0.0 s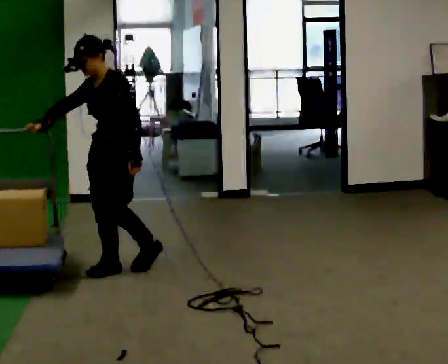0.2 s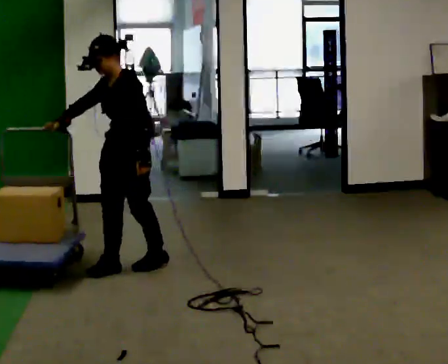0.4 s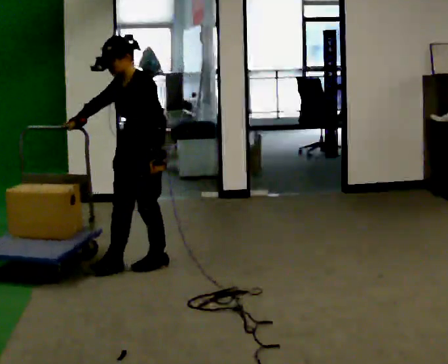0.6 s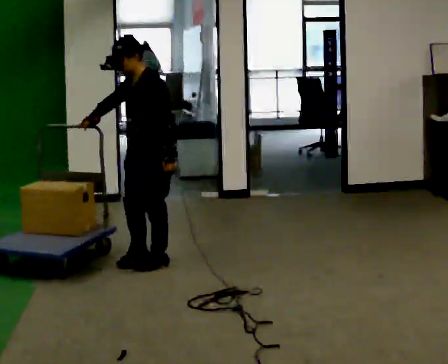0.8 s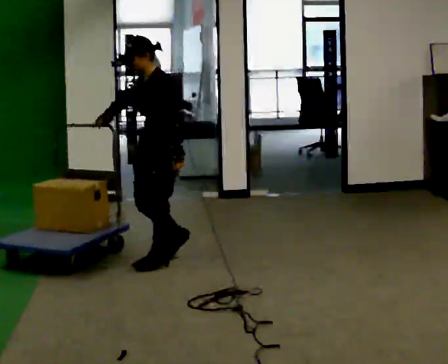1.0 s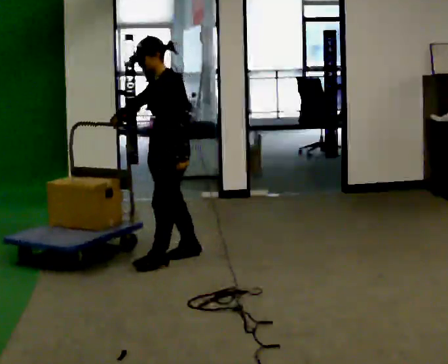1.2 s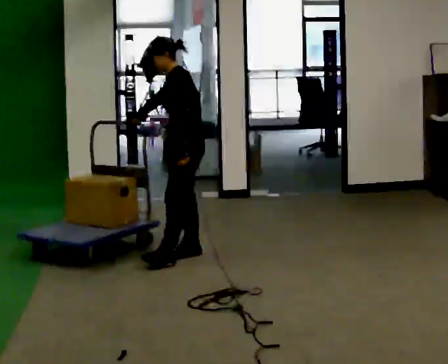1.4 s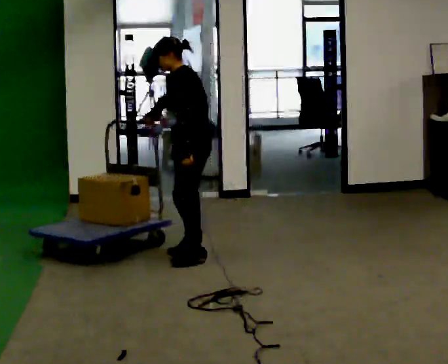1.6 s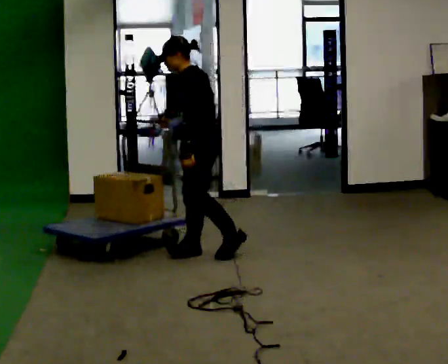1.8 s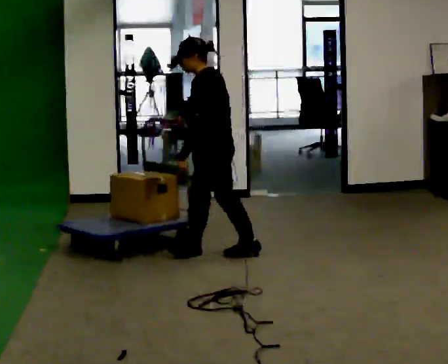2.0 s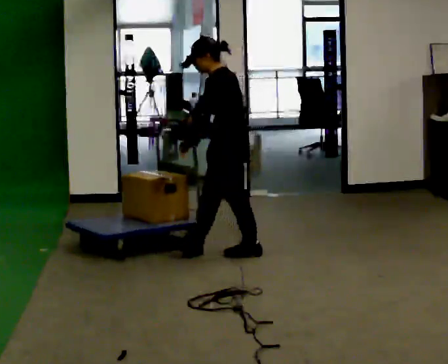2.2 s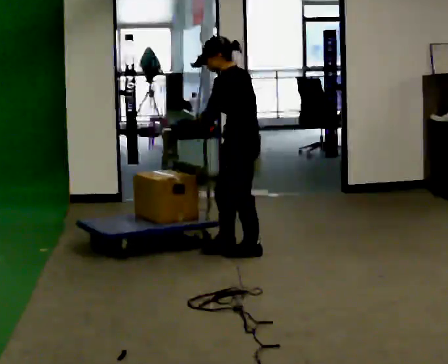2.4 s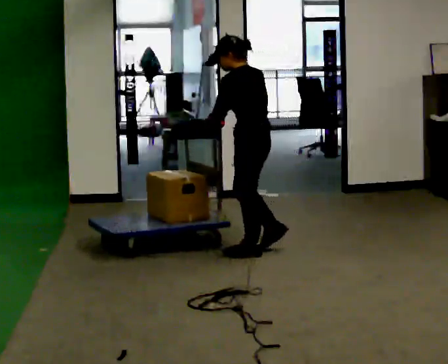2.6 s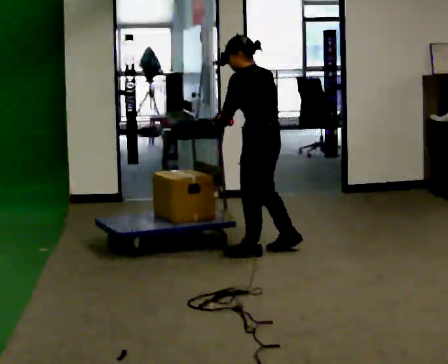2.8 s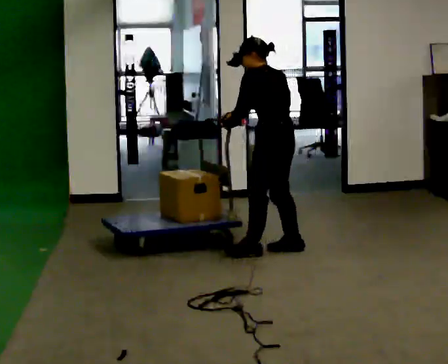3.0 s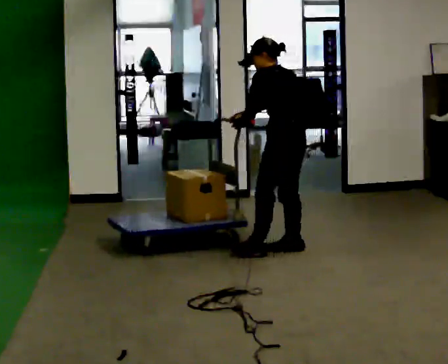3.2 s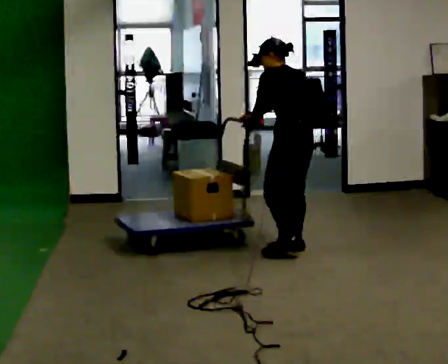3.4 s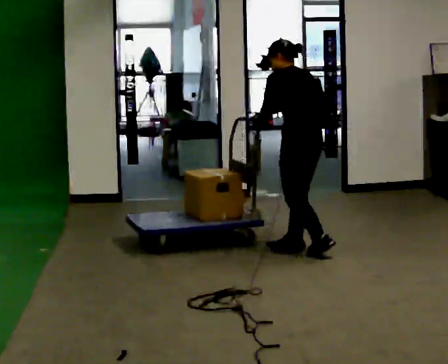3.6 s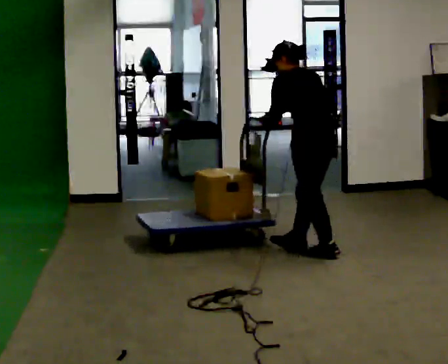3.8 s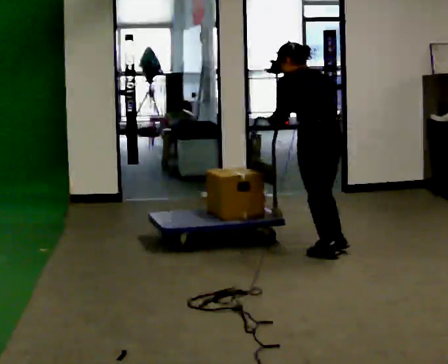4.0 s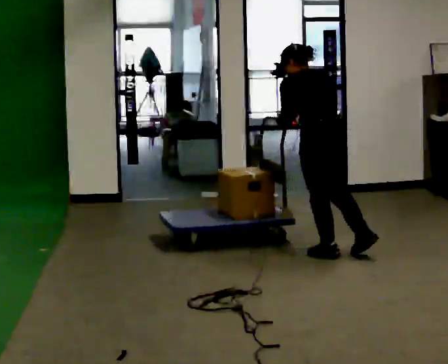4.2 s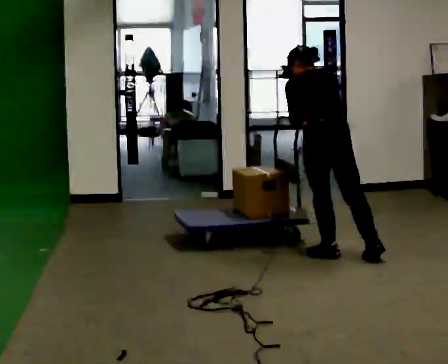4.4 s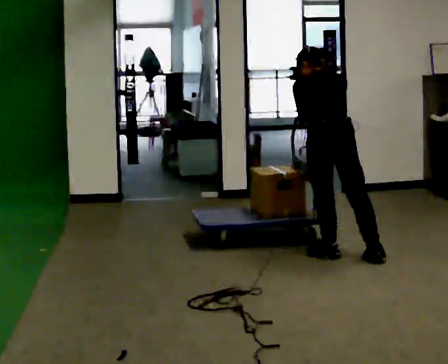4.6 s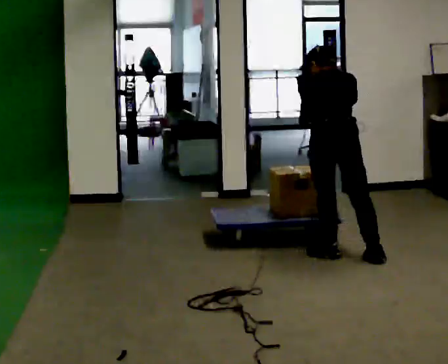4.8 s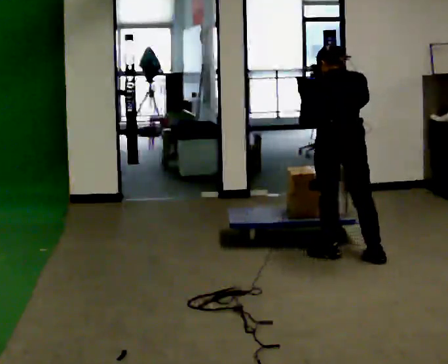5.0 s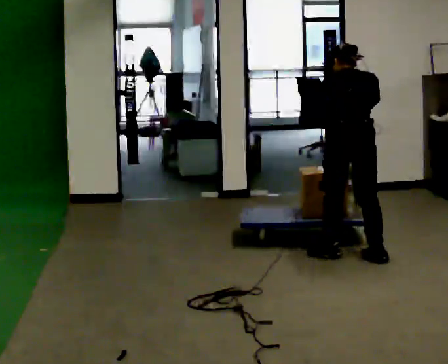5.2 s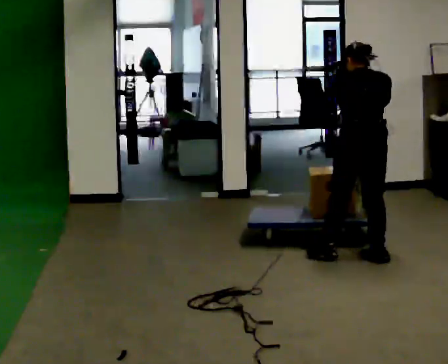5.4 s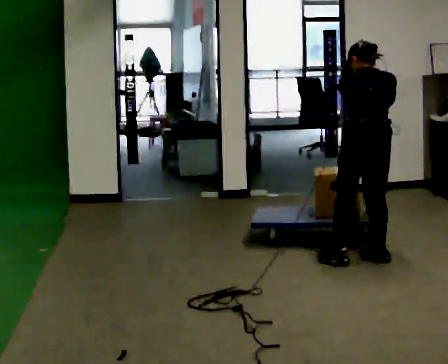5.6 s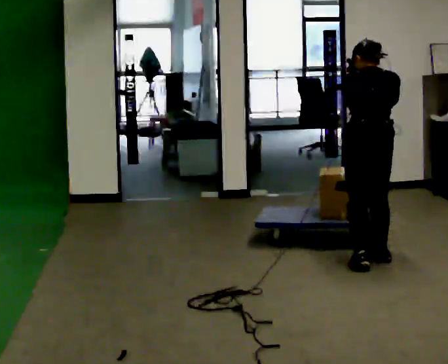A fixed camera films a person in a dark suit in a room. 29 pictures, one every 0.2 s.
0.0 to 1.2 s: The part of the body nearest the lens slides to the left as the person turns to their right by about 30 degrees. In the picture they go away from the camera and to the right, about 0.5 m in 2 steps, which for them is backward.
1.2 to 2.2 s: In the picture they go to the right, about 0.25 m in 1 step, which for them is backward.
2.2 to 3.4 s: The part of the body nearest the lens slides to the left as the person turns to their right by about 30 degrees. In the picture they go to the right, about 0.5 m in 1 step, which for them is backward and to their right.
3.4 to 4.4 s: The part of the body nearest the lens slides to the left as the person turns to their right by about 30 degrees. In the picture they go to the right and toward the camera, about 0.25 m in 1 step, which for them is backward. The upper body tips away from the camera, its near side rolling upward, as they bend forward. In the picture their right hand goes to the right.
4.4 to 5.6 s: In the picture they go to the right and toward the camera, about 0.25 m in 1 step, which for them is to their right and backward. In the picture the upper body tilts clockwise, shoulders to the right.
The film runs backward here.
